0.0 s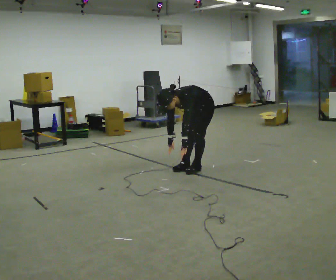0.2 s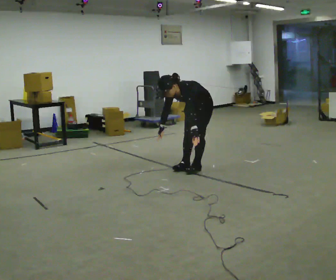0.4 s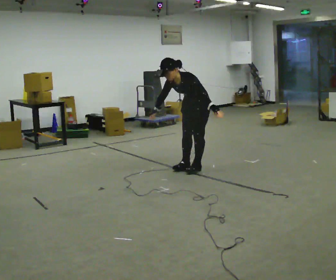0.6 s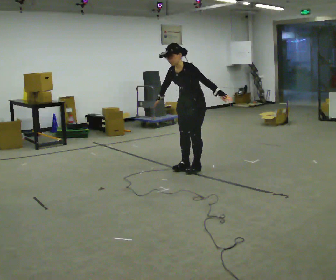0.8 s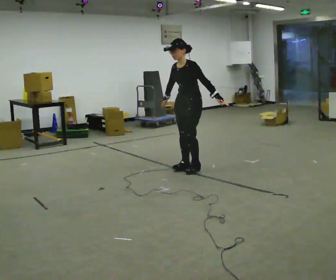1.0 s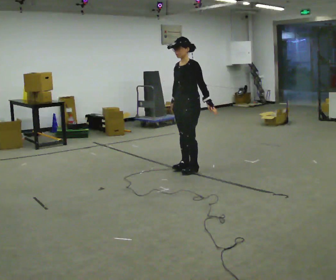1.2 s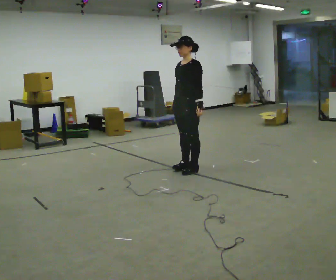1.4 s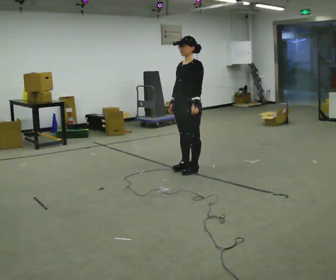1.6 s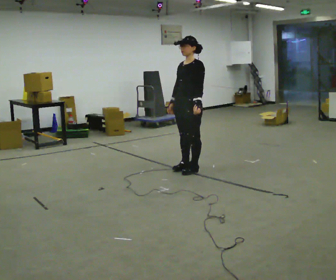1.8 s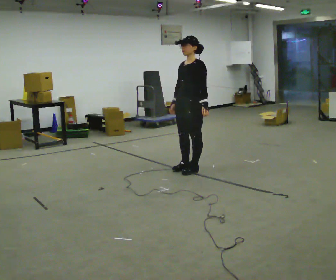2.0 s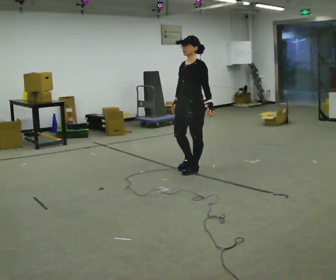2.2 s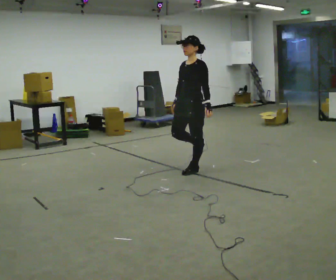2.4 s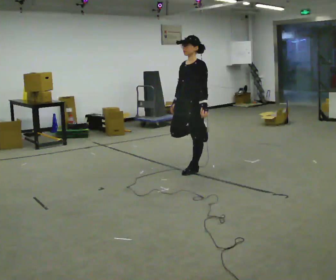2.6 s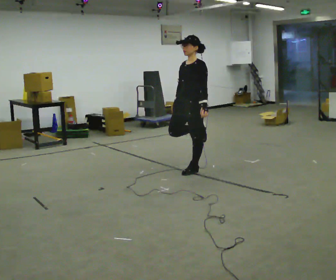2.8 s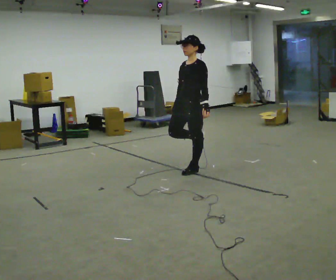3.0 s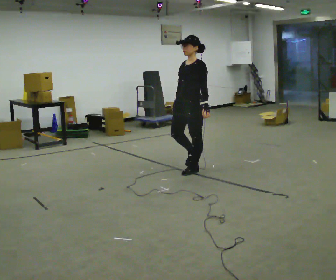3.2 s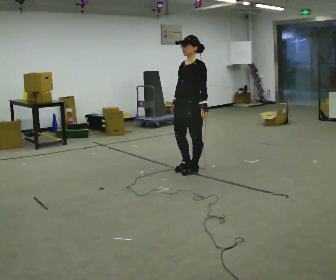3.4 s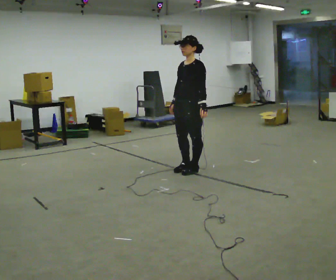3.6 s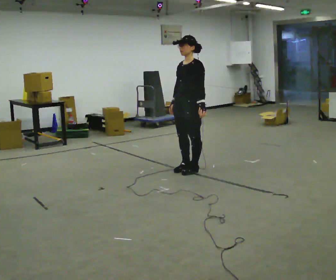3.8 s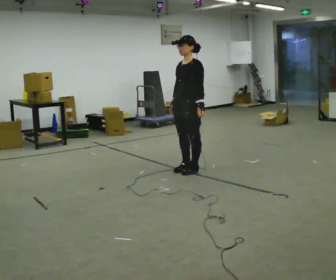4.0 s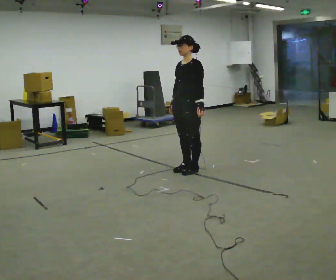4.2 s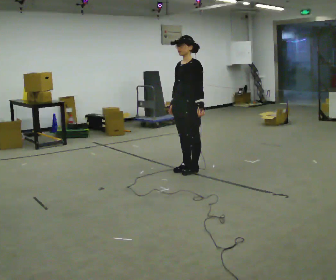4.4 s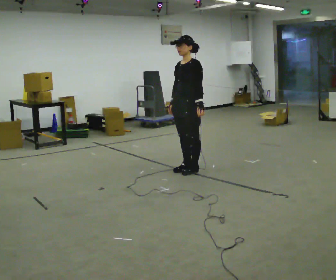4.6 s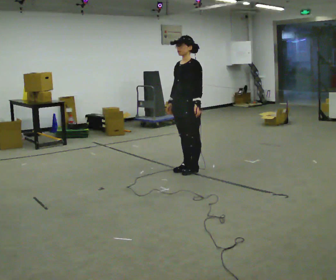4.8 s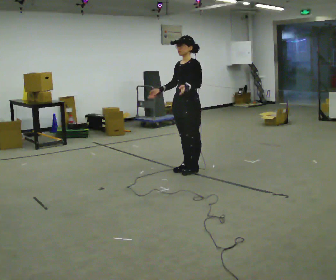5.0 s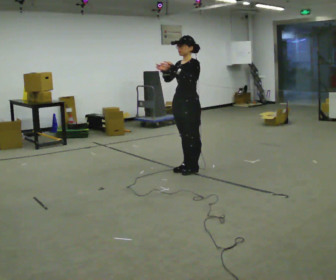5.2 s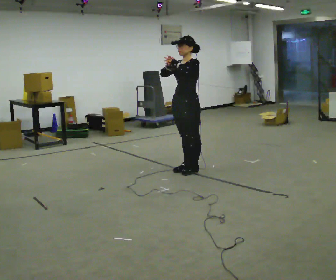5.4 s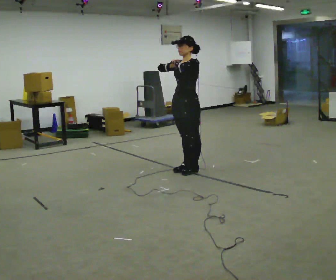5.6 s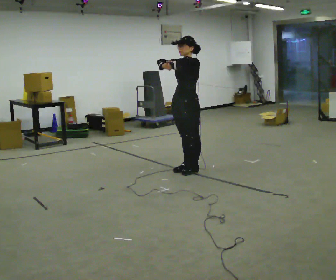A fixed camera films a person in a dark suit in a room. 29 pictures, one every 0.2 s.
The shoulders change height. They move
upward.
Their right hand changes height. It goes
upward.
0.0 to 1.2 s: In the picture they go to the left, about 0.25 m, which for them is forward. The shoulders move upward. In the picture the upper body tilts clockwise, shoulders to the right, as they lean back or straighten. In the picture their right hand goes upward.
1.2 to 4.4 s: The person moves a little, or ends about where they began.
4.4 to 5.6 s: In the picture their right hand goes upward.
The film runs forward here.
